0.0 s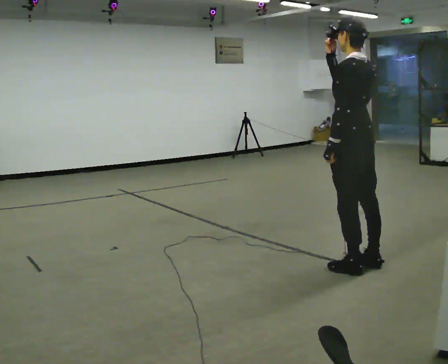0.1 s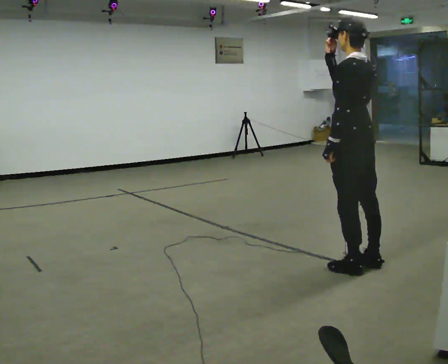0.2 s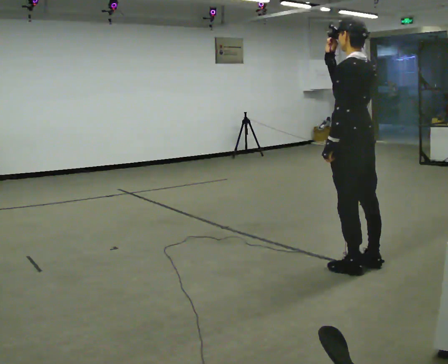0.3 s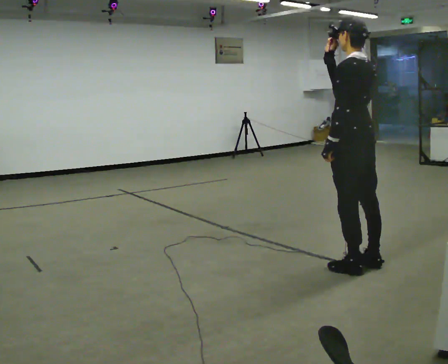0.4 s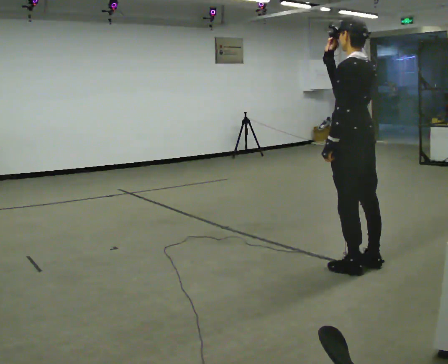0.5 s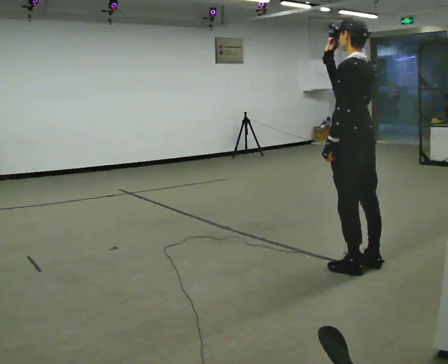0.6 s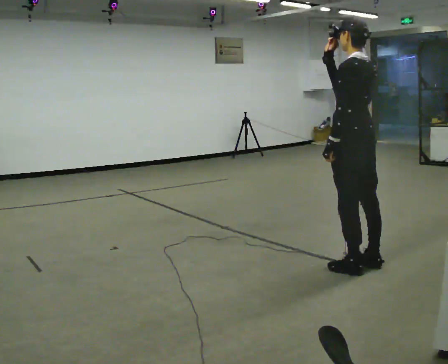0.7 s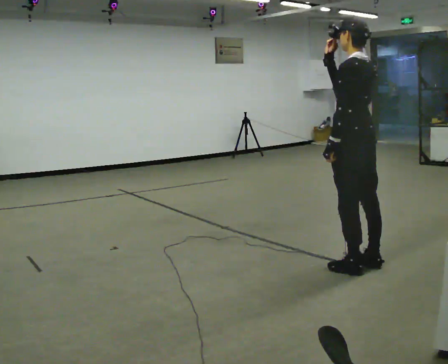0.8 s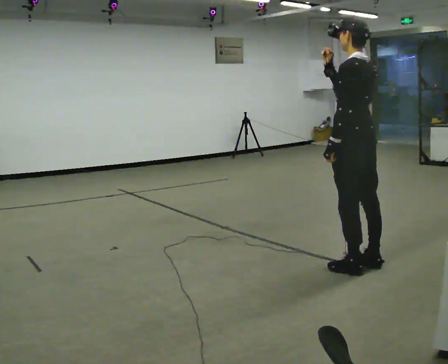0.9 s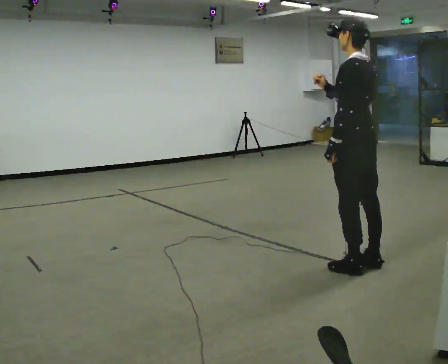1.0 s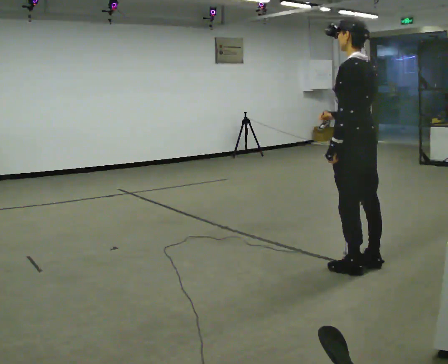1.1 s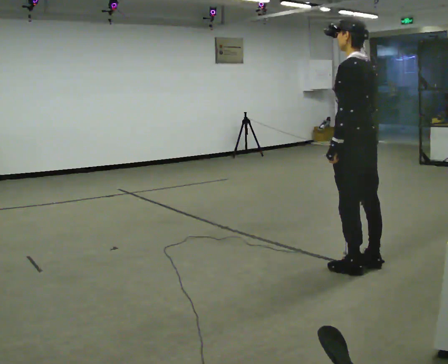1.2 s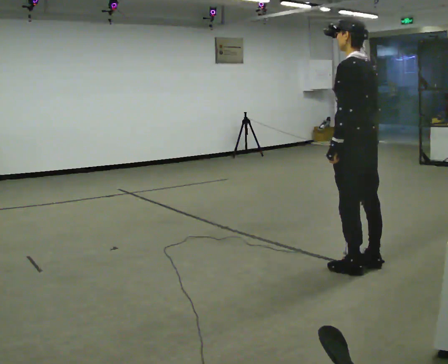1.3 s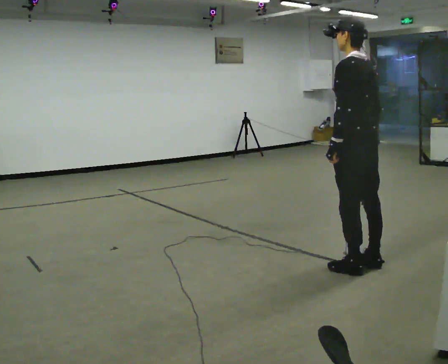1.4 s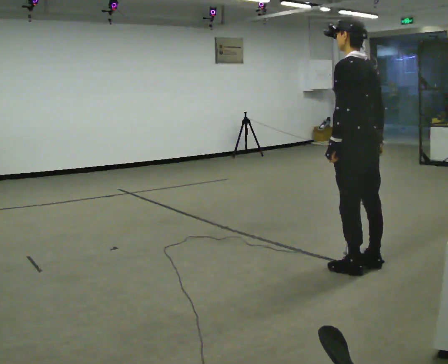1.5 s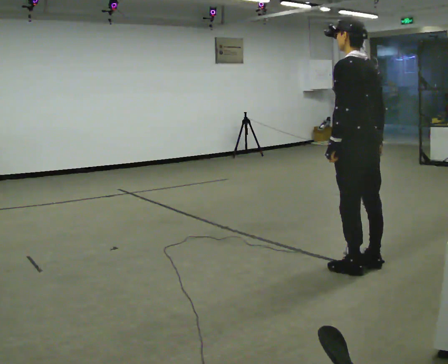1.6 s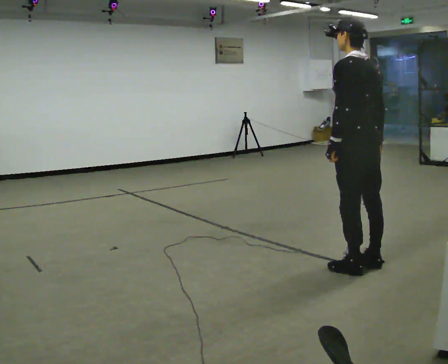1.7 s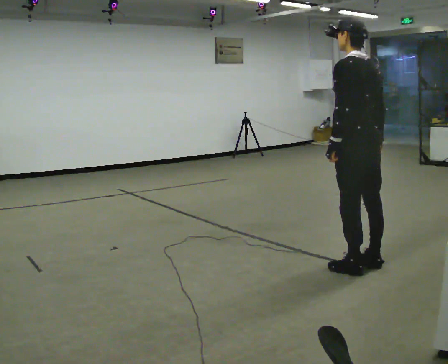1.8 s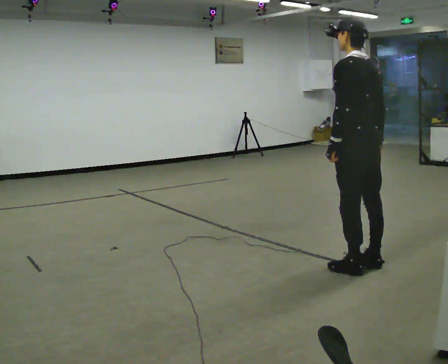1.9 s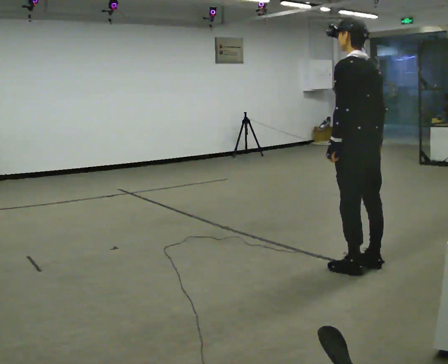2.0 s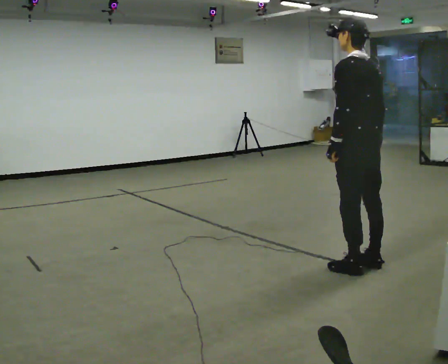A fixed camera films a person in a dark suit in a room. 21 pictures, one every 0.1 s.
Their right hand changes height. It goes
downward.
0.0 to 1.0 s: In the picture their right hand goes downward.
1.0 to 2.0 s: The person moves a little, or ends about where they began.
The film runs forward here.
